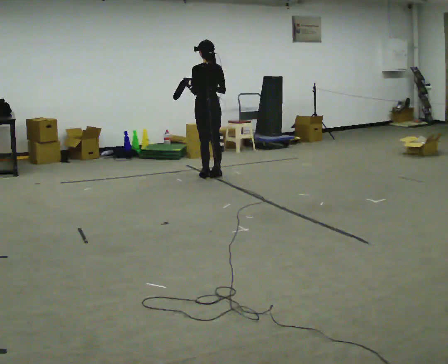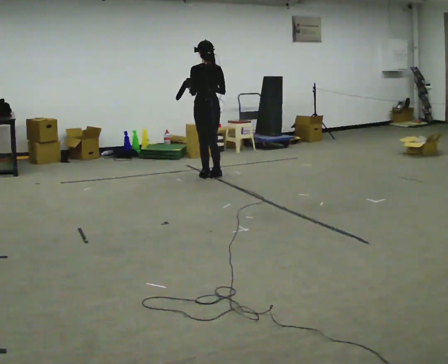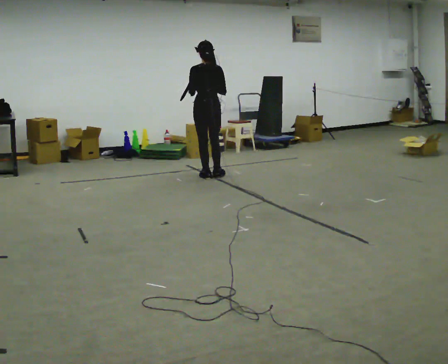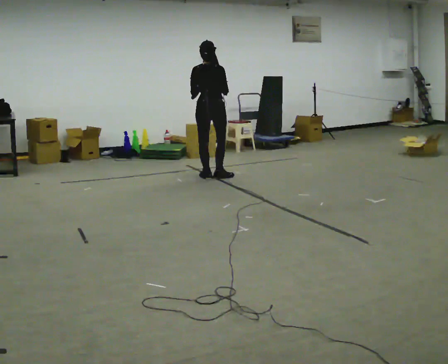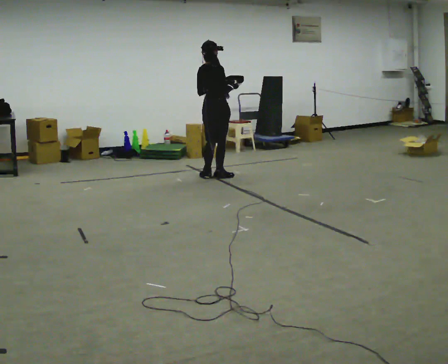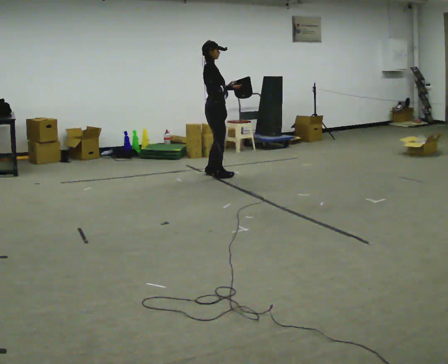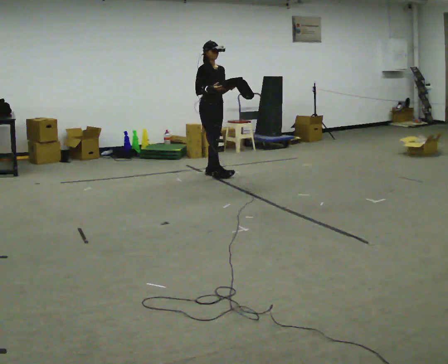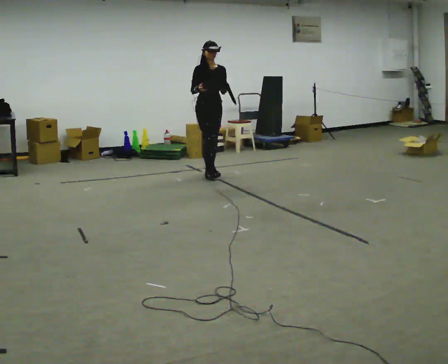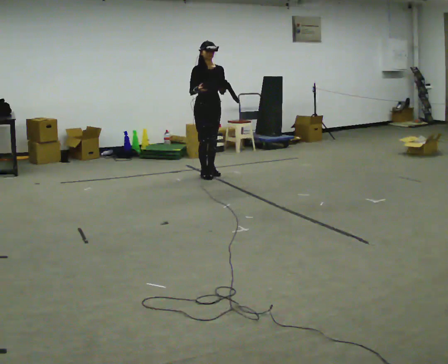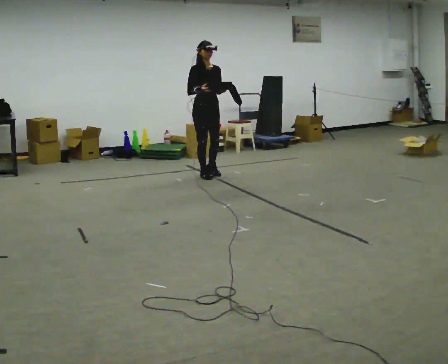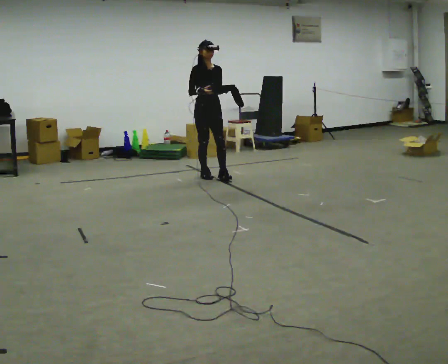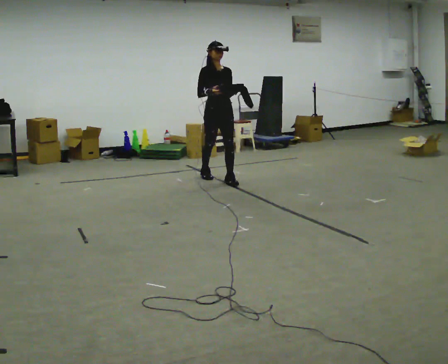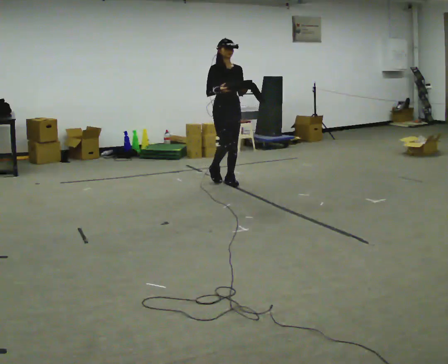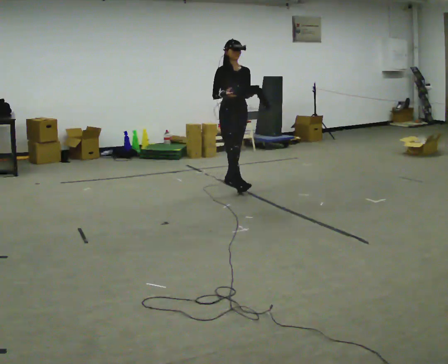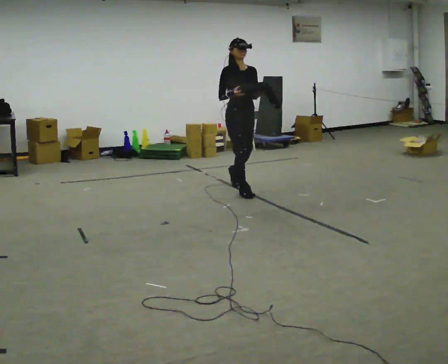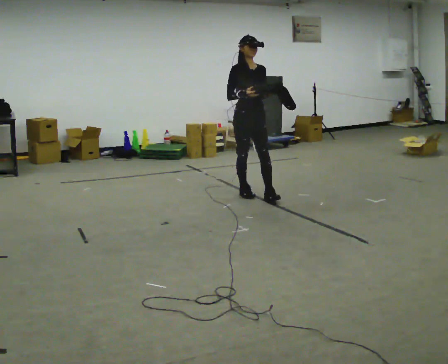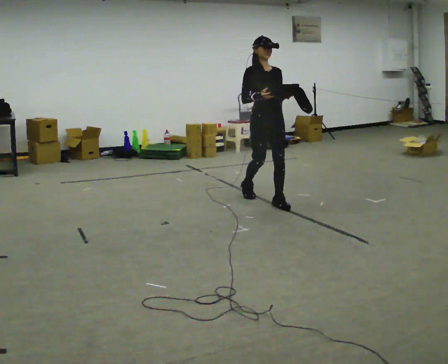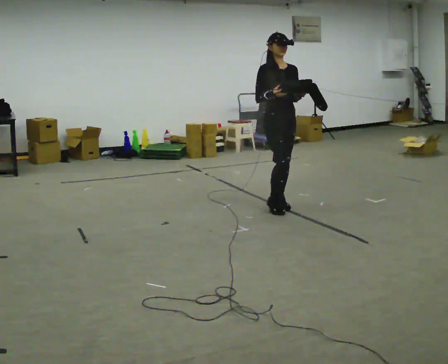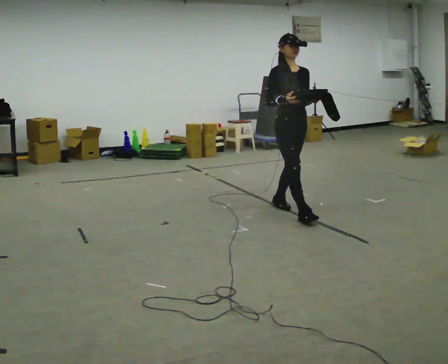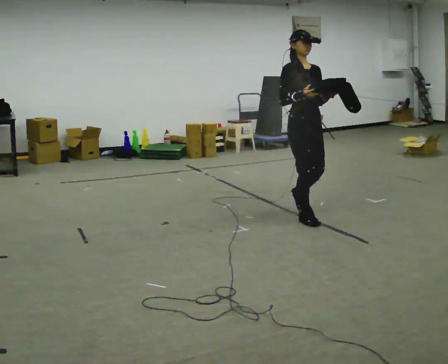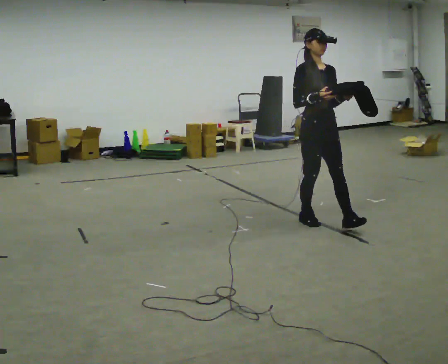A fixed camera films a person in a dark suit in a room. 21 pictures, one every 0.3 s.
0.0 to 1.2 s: The person turns about 75 degrees to their right, clockwise seen from above, so the part of the body nearest the lens slides to the left.
1.2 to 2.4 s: The part of the body nearest the lens slides to the left as the person turns to their right by about 120 degrees. In the picture their right hand goes to the left.
2.4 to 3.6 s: In the picture they go toward the camera and to the right, about 0.5 m in 1 step, which for them is forward.
3.6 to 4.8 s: In the picture they go toward the camera and to the right, about 1 m in 2 steps, which for them is forward.
4.8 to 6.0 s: In the picture they go toward the camera and to the right, about 1 m in 1 step, which for them is forward.
The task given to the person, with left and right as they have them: Carry the object across the room. The lid hangs loose and will swing, so carry it however works. Keep going until the operator says stop; one object at a time, and do not rush between trips.
The film runs forward here.
